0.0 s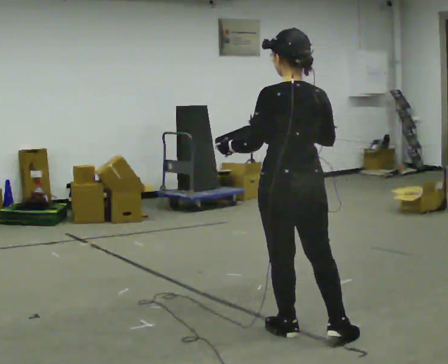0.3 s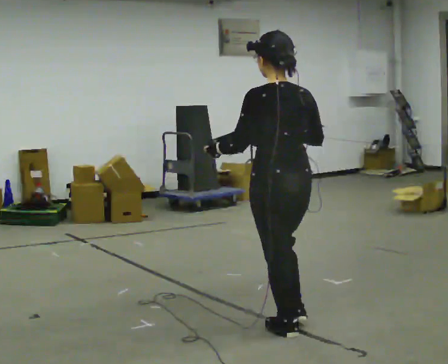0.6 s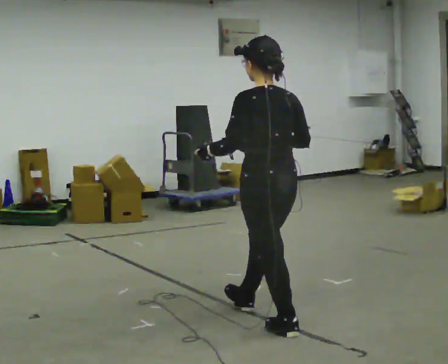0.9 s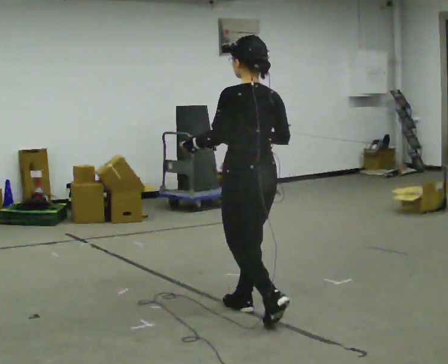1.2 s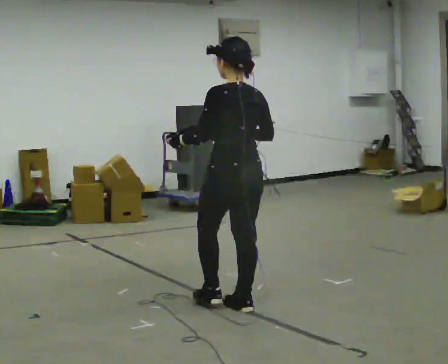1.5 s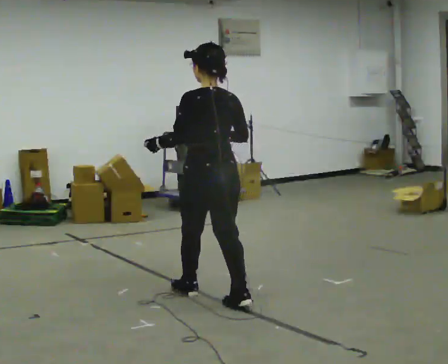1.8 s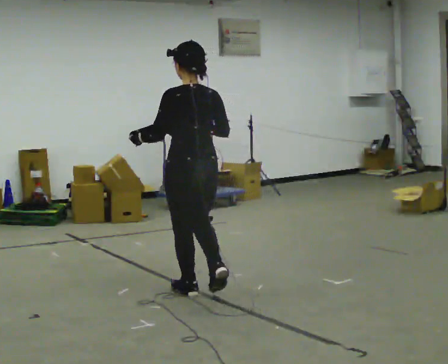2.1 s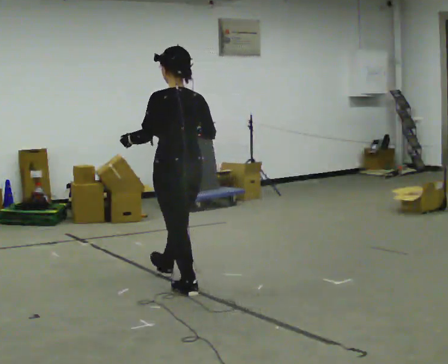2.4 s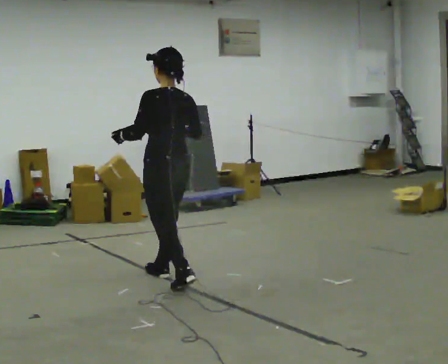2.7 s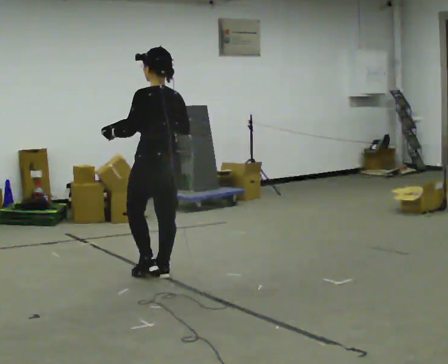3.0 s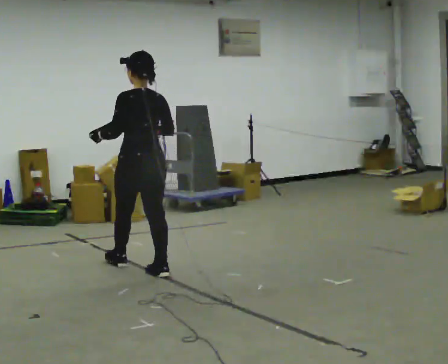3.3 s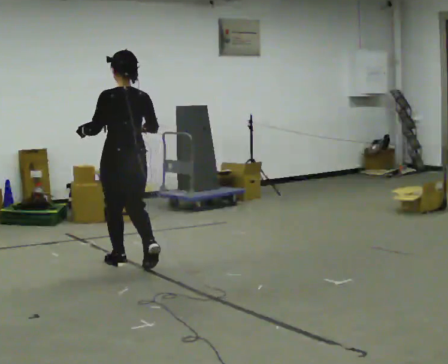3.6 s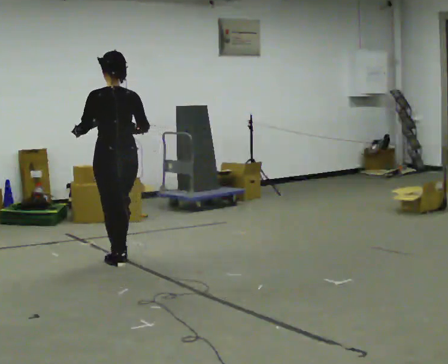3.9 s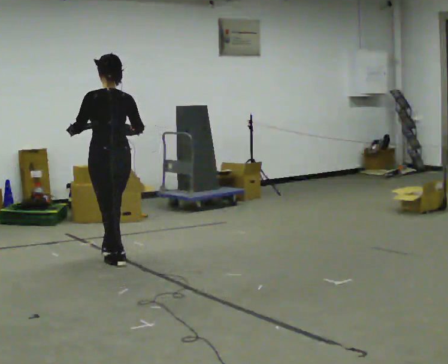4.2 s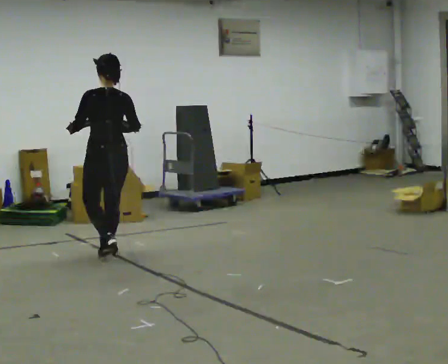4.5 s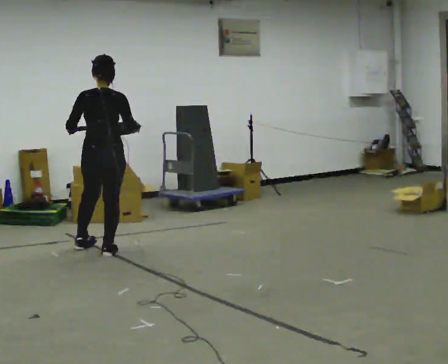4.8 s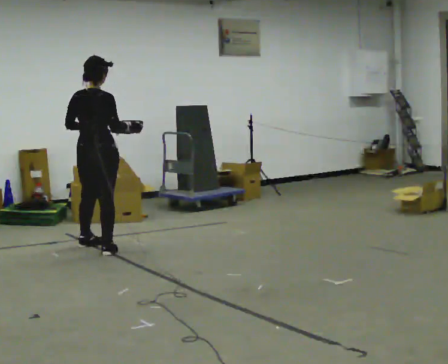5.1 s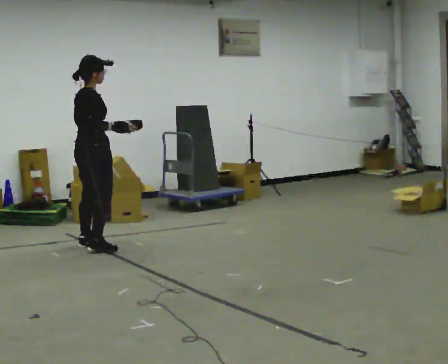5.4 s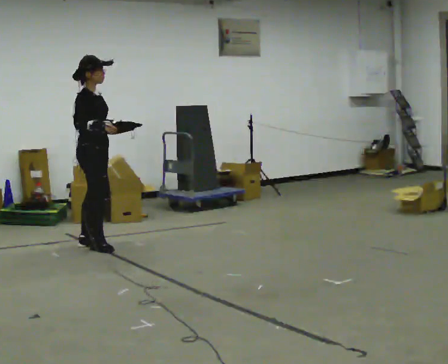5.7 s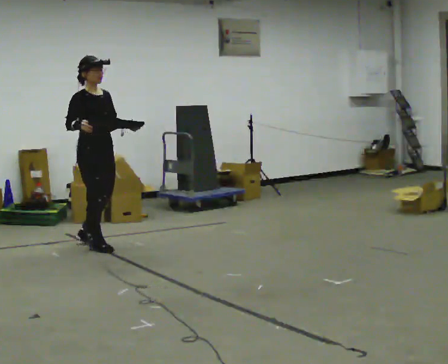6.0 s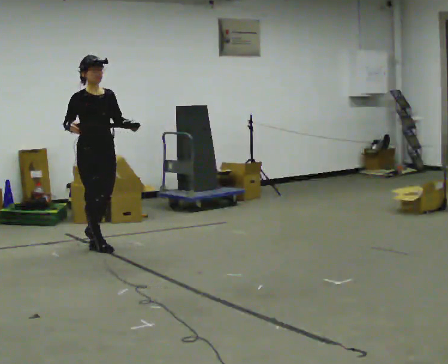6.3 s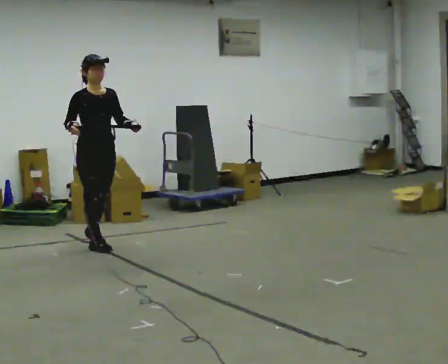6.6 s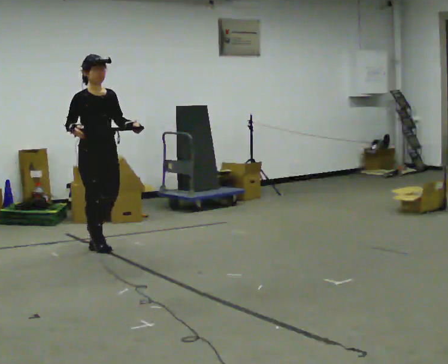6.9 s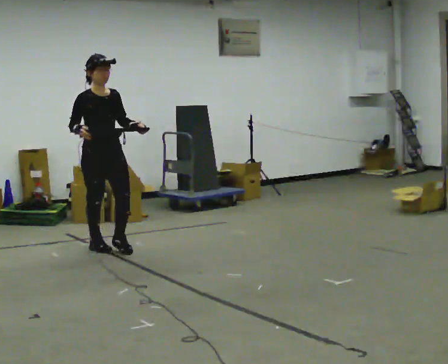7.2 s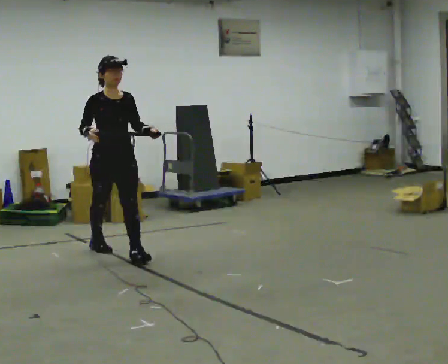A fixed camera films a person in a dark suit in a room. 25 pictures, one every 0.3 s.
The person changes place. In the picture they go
away from the camera.
0.0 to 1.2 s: In the picture they go away from the camera and to the left, about 0.5 m in 1 step, which for them is forward.
1.2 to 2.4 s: In the picture they go away from the camera and to the left, about 1 m in 2 steps, which for them is forward.
2.4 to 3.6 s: In the picture they go away from the camera and to the left, about 0.75 m in 1 step, which for them is forward.
3.6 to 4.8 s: The part of the body nearest the lens slides to the left as the person turns to their right by about 45 degrees. In the picture they go away from the camera and to the left, about 0.5 m in 2 steps, which for them is forward.
4.8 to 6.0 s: The person turns about 120 degrees to their right, clockwise seen from above, so the part of the body nearest the lens slides to the left. In the picture their right hand goes to the left.
6.0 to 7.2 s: In the picture they go toward the camera, about 0.25 m, which for them is forward.
The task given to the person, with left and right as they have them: Carry the box with its lid hanging open across the room, back and forth.
The film runs forward here.
